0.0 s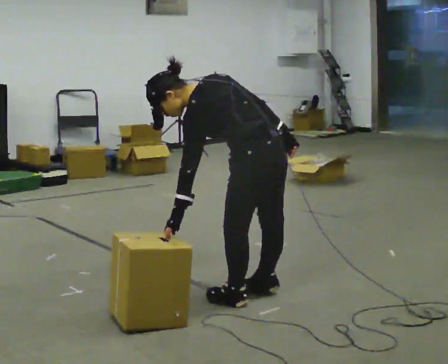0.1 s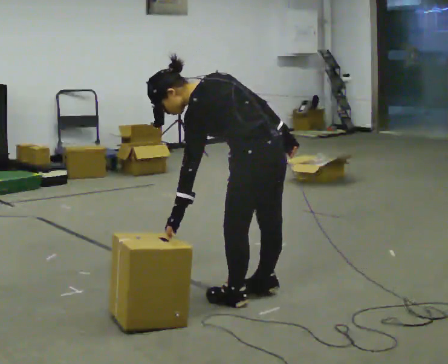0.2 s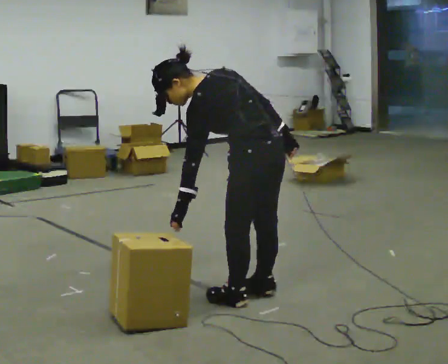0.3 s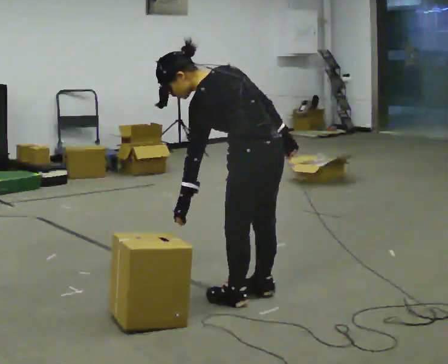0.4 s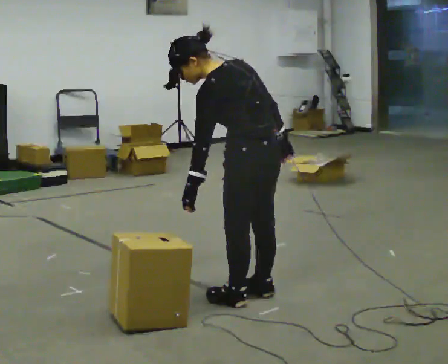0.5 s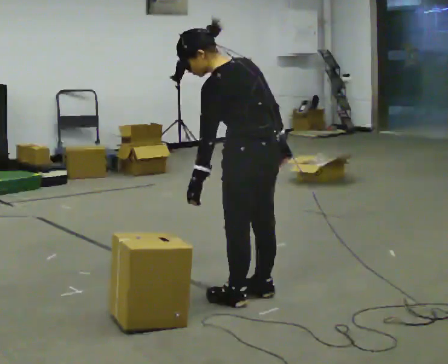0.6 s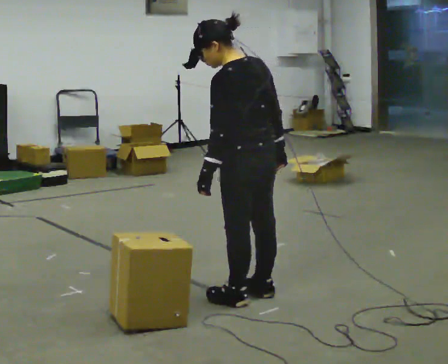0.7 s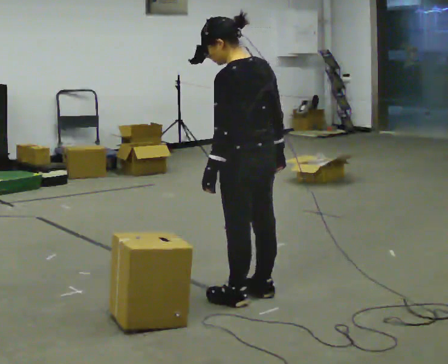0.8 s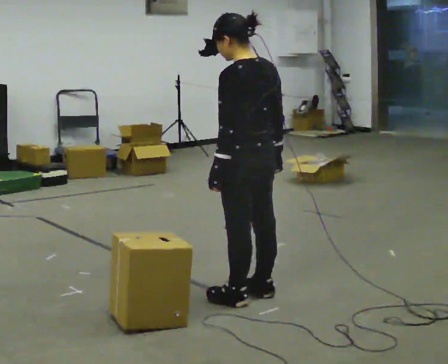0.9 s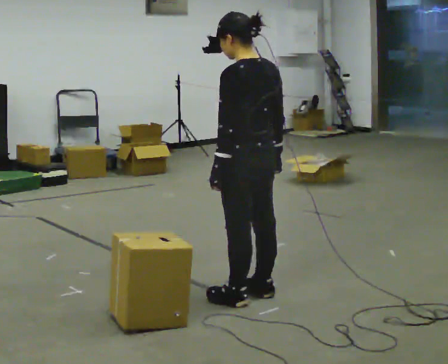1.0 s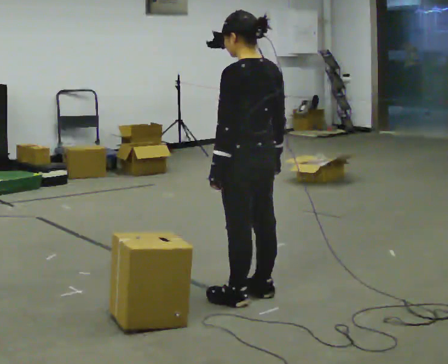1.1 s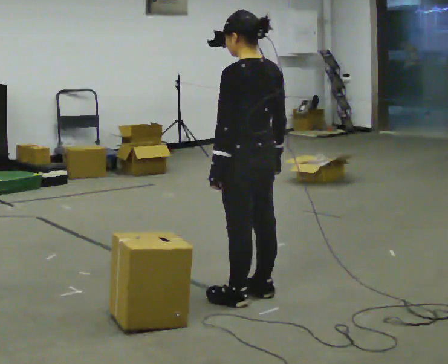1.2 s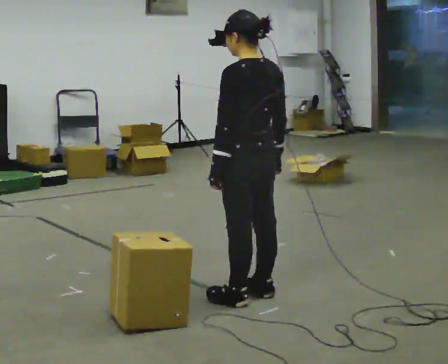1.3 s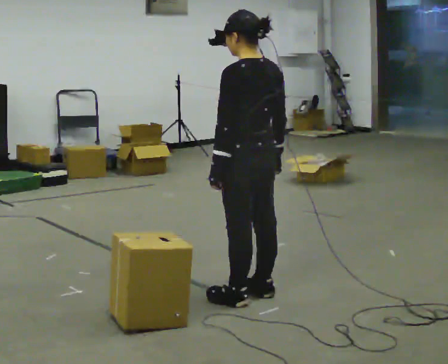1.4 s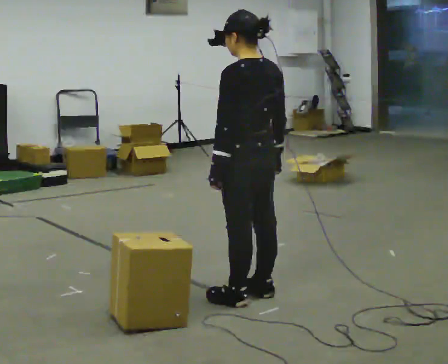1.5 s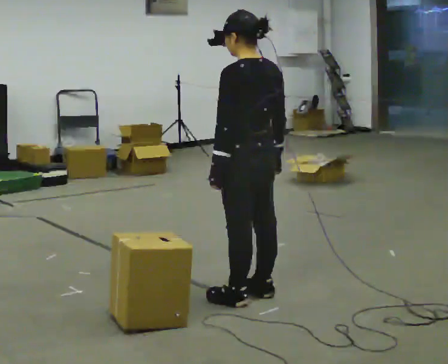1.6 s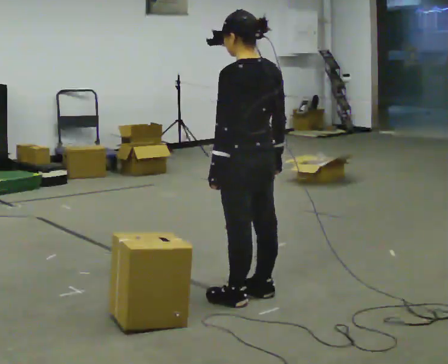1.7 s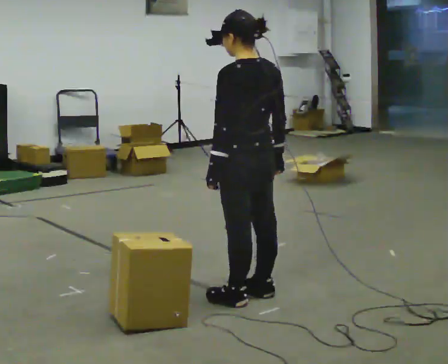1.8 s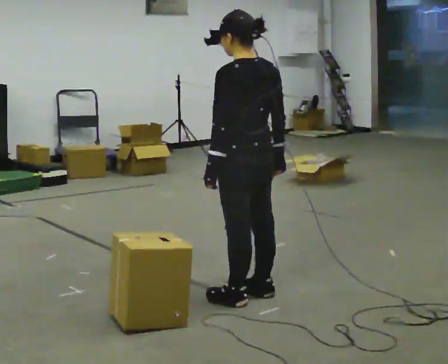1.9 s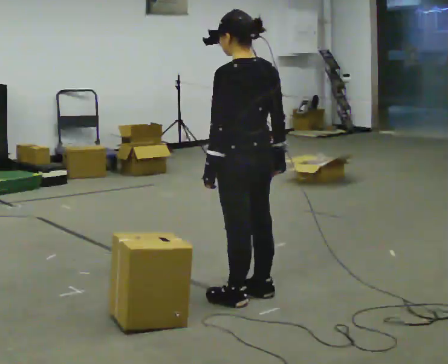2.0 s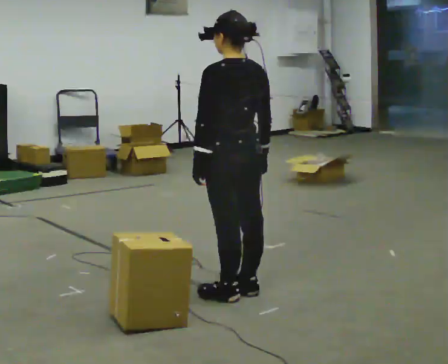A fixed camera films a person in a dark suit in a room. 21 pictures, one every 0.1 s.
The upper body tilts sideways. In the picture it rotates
clockwise.
0.0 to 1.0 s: In the picture the upper body tilts clockwise, shoulders to the right, as they lean back or straighten.
1.0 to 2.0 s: The person moves a little, or ends about where they began.
The film runs backward here.
